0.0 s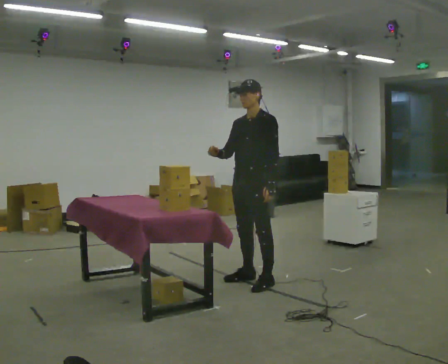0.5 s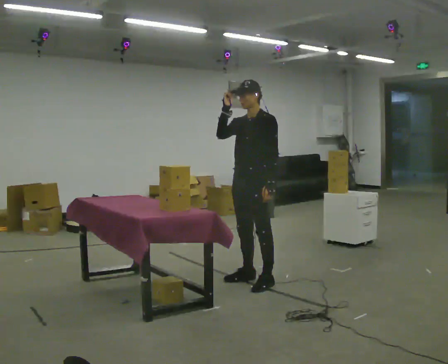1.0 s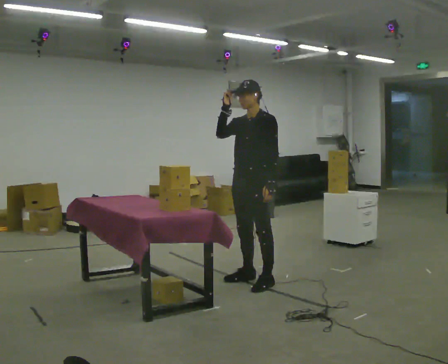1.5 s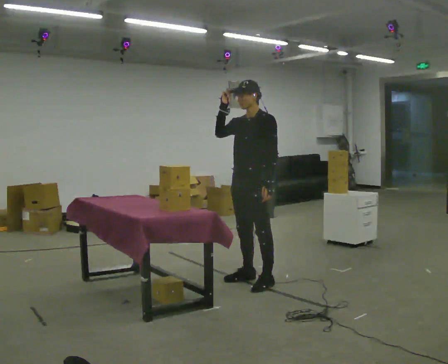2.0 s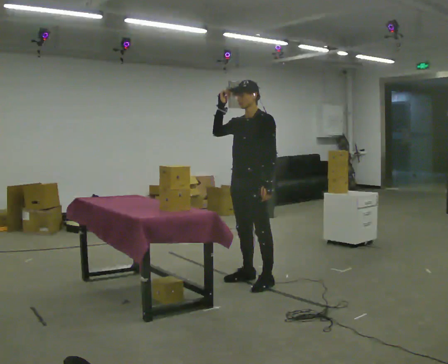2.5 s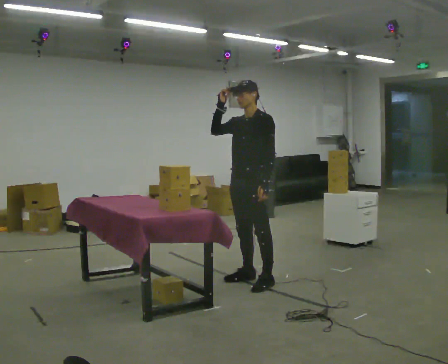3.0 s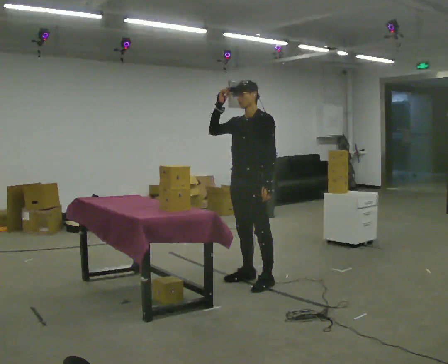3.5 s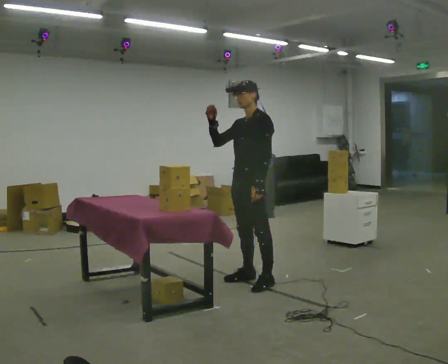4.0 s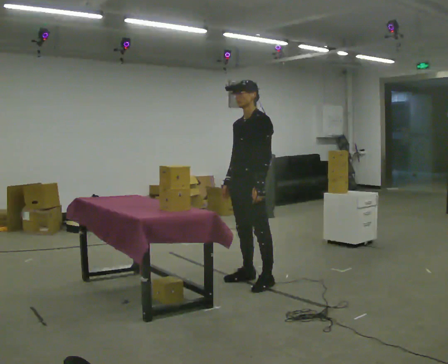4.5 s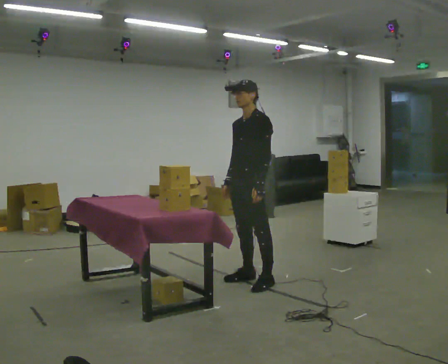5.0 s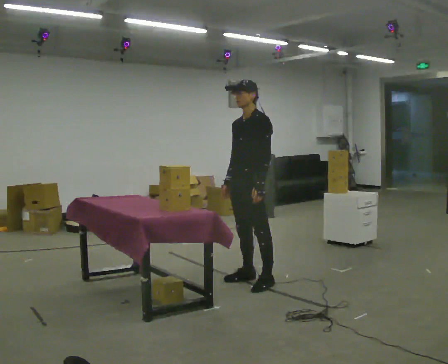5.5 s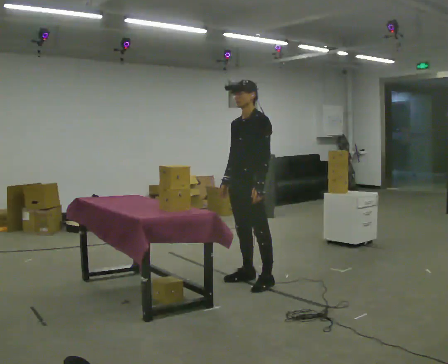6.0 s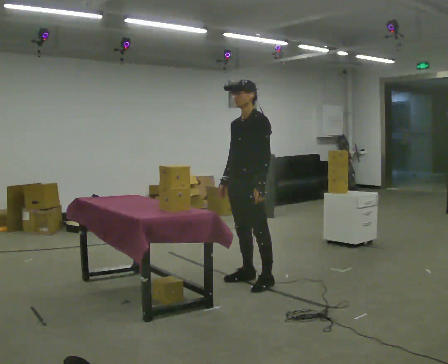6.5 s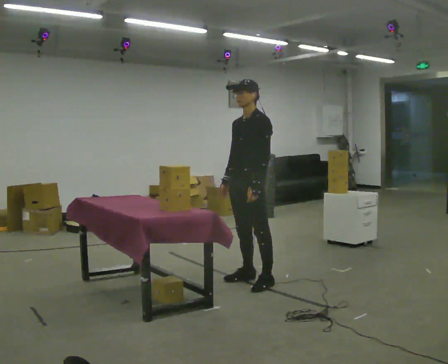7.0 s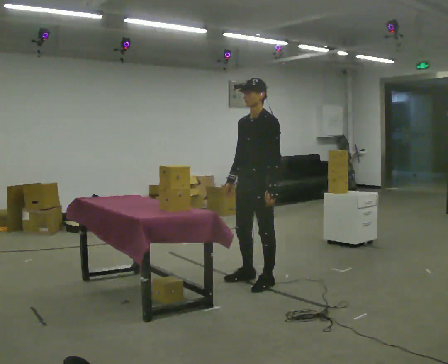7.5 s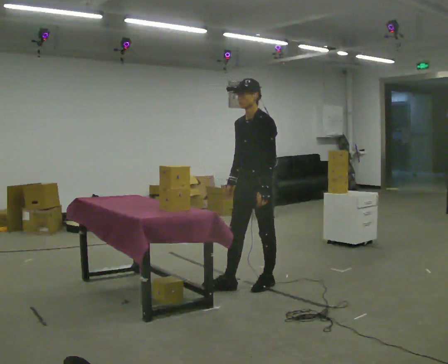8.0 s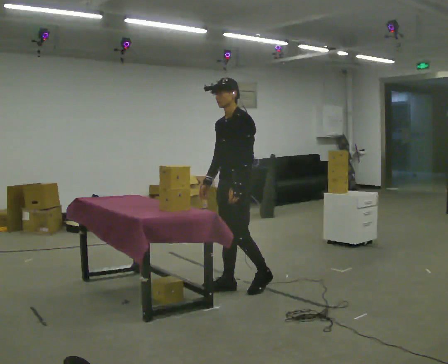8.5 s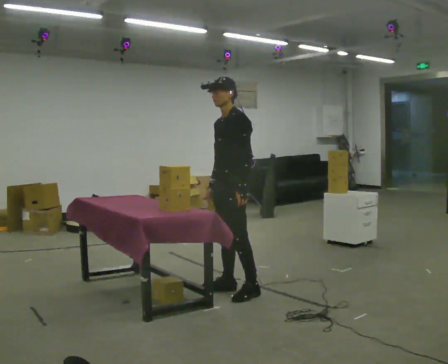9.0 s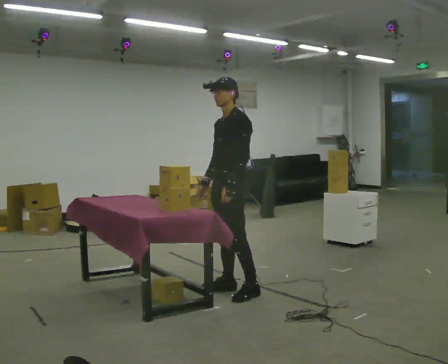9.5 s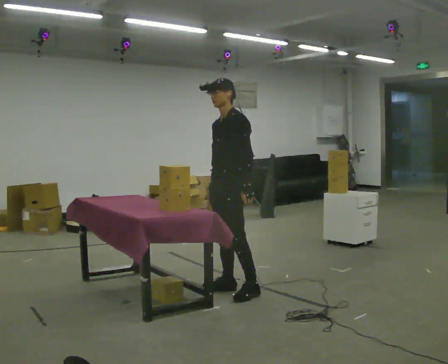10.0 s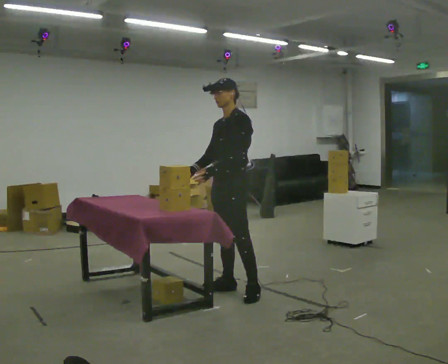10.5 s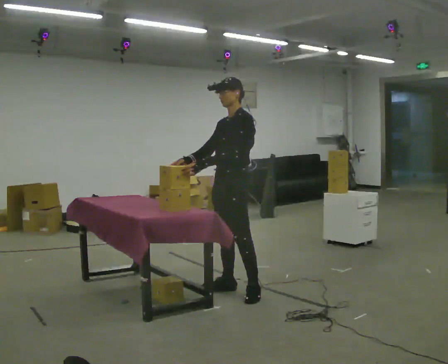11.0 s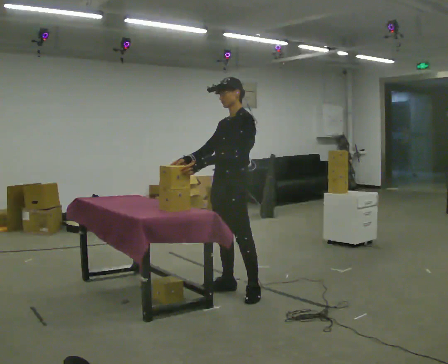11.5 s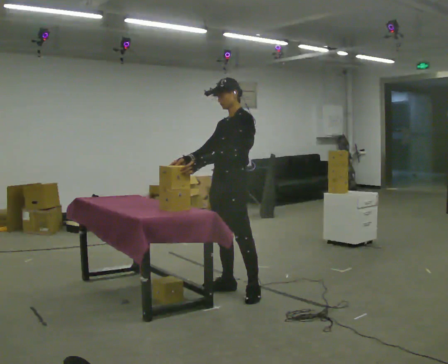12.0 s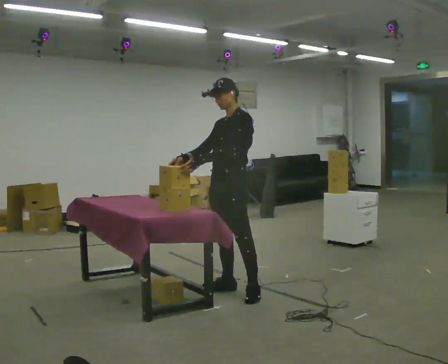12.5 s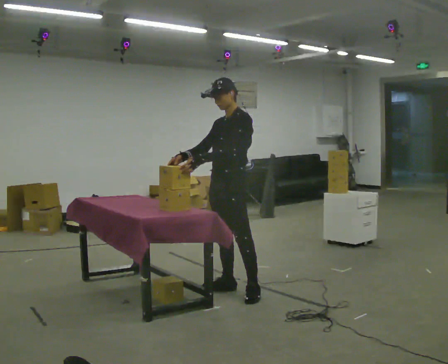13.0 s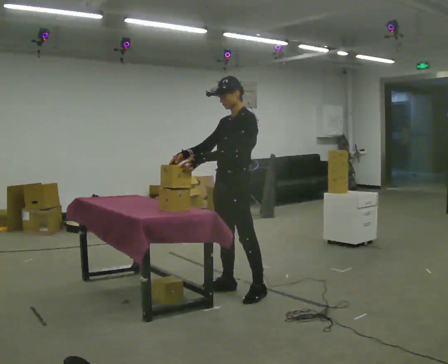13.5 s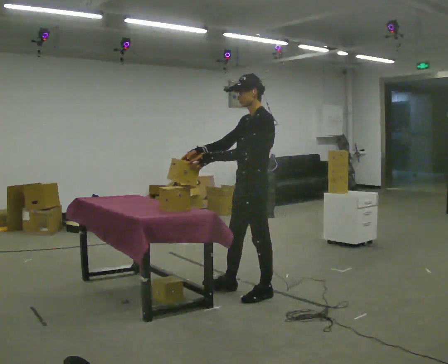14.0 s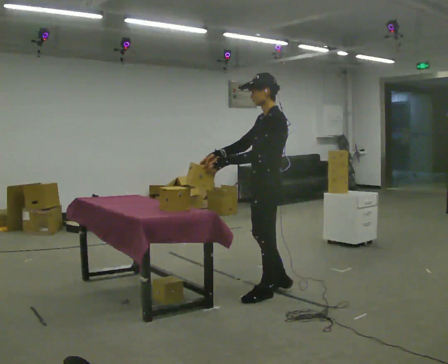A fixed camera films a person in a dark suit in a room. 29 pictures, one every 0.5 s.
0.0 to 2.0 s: In the picture their right hand goes upward.
2.0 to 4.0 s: In the picture their right hand goes downward.
4.0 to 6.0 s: The person keeps their place and pose.
6.0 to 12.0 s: In the picture they go toward the camera, about 0.25 m in 2 steps, which for them is forward and to their left.
12.0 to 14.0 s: Seen from above the body turns clockwise, about 30 degrees: to their right, with its near side sliding to the left. In the picture they go to the right, about 0.25 m in 1 step, which for them is to their left and backward.
The film runs backward here.
